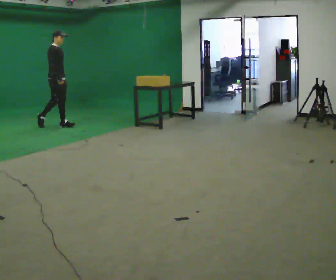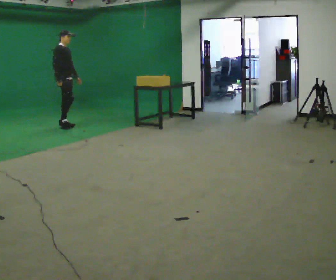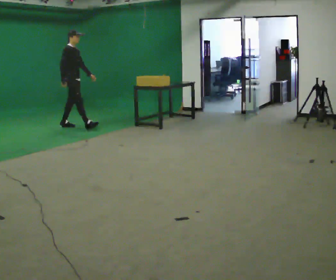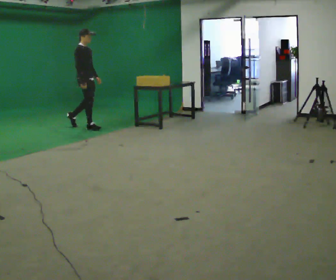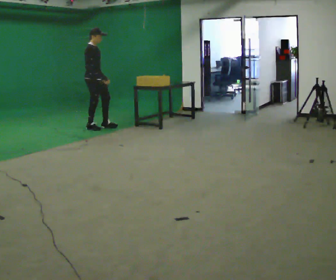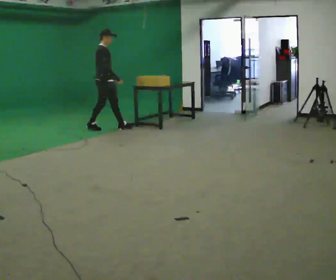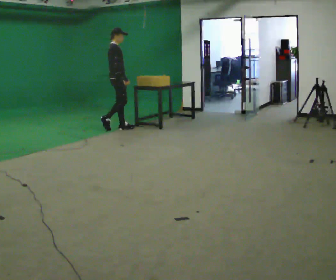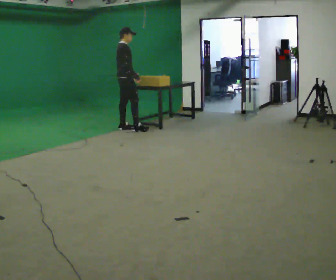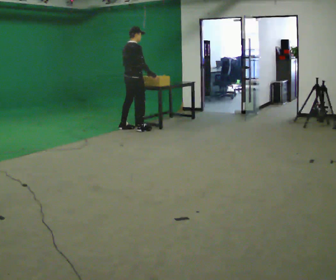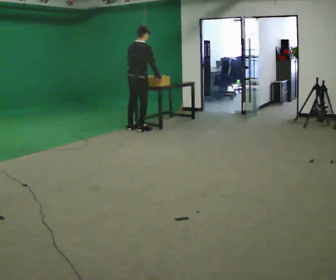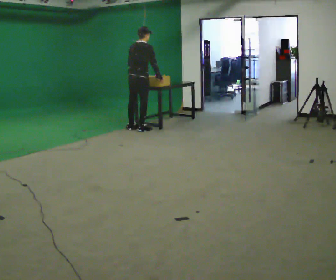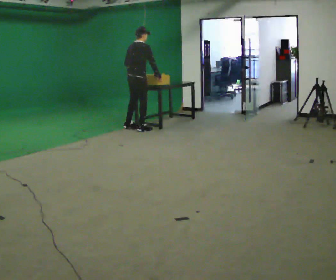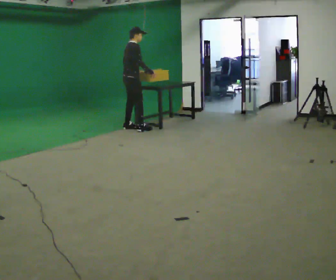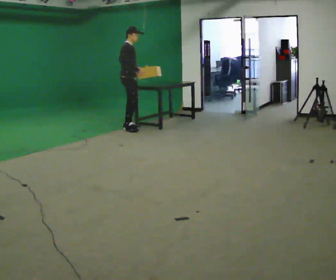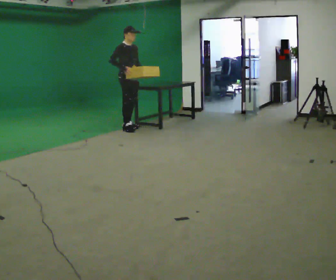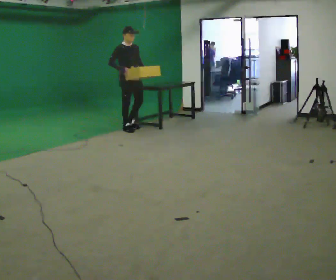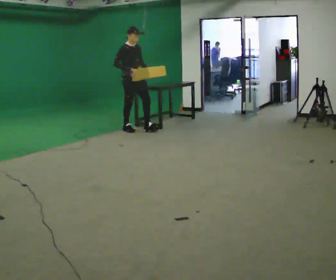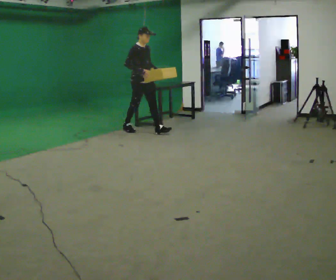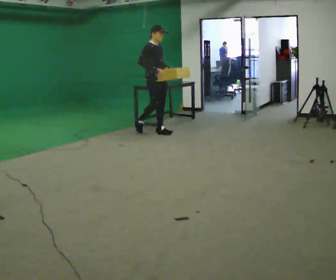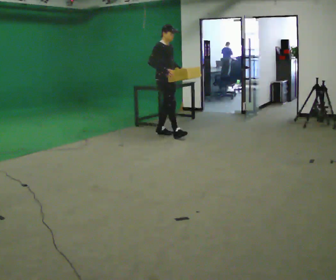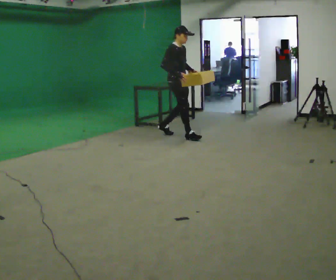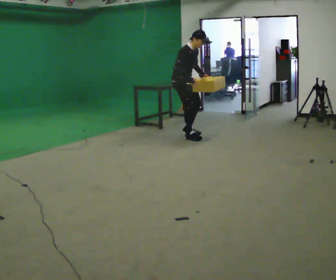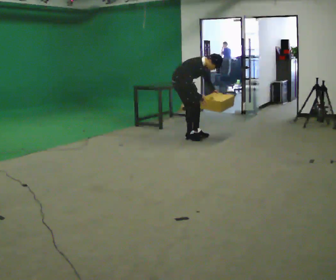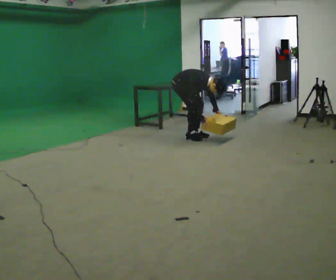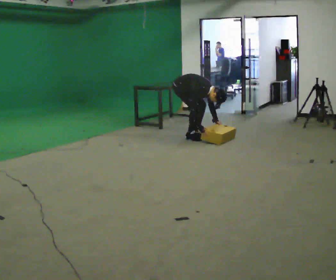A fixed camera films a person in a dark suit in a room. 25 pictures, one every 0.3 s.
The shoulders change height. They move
downward.
The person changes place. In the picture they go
to the right.
0.0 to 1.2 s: In the picture they go to the right, about 0.5 m in 1 step, which for them is forward.
1.2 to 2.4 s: Seen from above the body turns counterclockwise, about 45 degrees: to their left, with its near side sliding to the right. In the picture they go to the right, about 0.75 m in 2 steps, which for them is forward.
2.4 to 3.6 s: The person moves a little, or ends about where they began.
3.6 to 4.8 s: Seen from above the body turns clockwise, about 60 degrees: to their right, with its near side sliding to the left. In the picture they go toward the camera, about 0.25 m in 1 step.
4.8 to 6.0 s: In the picture they go to the right and toward the camera, about 1 m in 2 steps, which for them is forward.
6.0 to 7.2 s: The shoulders move downward. In the picture the upper body tilts clockwise, shoulders to the right, as they bend forward. In the picture their right hand goes downward.
The film runs forward here.
